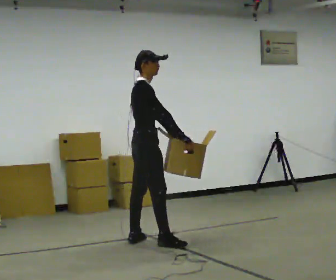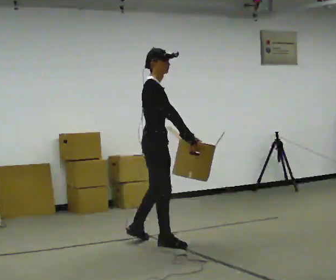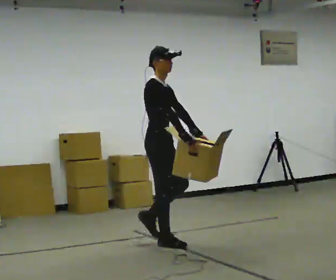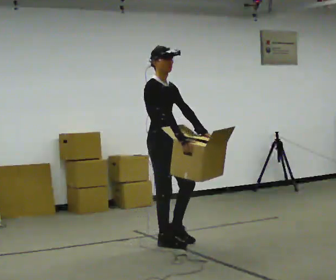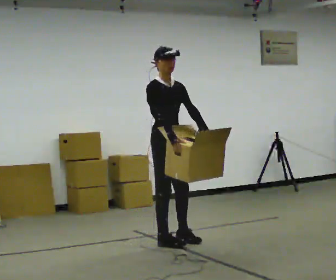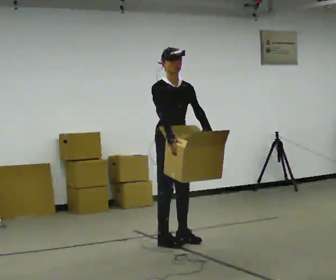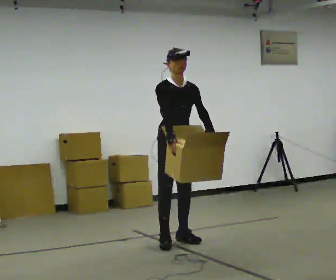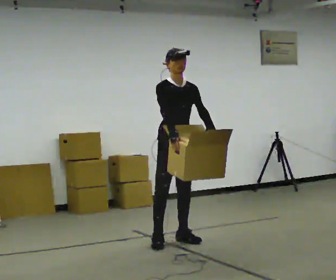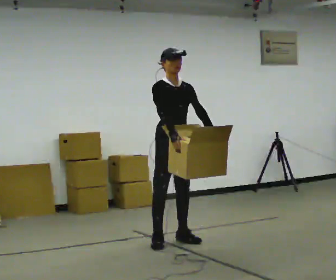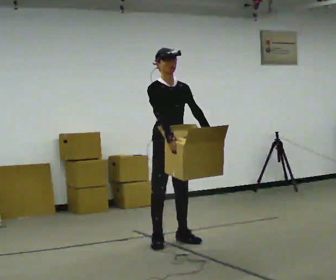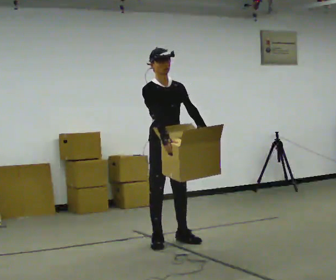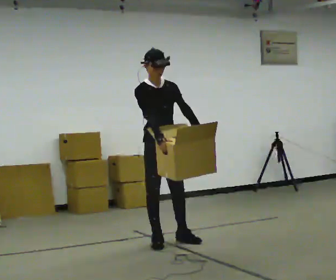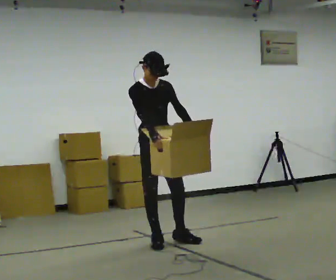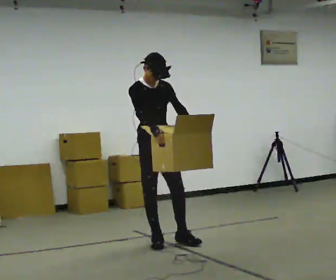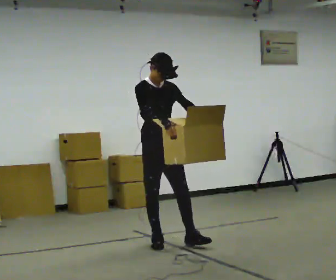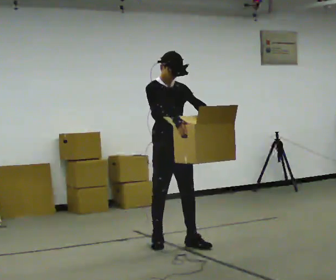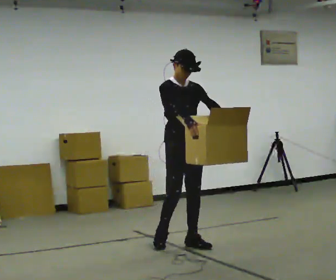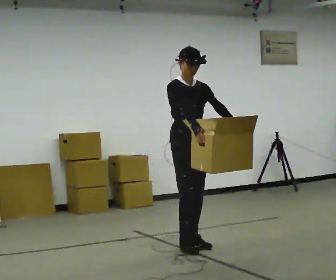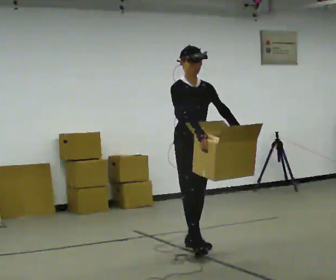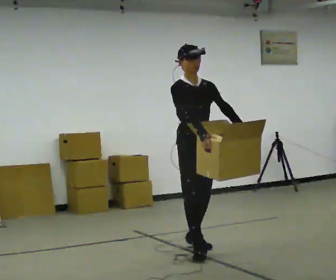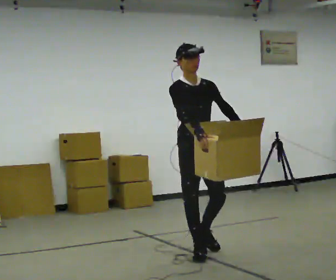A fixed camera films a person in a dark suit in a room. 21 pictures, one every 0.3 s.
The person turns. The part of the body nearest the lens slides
to the left.
The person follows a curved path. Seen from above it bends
clockwise.
0.0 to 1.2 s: The part of the body nearest the lens slides to the left as the person turns to their right by about 60 degrees. In the picture they go to the right, about 0.25 m in 1 step, which for them is forward.
1.2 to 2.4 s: The person moves a little, or ends about where they began.
2.4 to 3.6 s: In the picture they go to the left, about 0.25 m, which for them is to their right.
3.6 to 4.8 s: In the picture they go to the right, about 0.25 m in 1 step, which for them is forward and to their left.
4.8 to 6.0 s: In the picture they go toward the camera, about 0.5 m in 1 step, which for them is forward.
The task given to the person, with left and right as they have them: Carry the object across the room. The lid hangs loose and will swing, so carry it however works. Keep going until the operator says stop; one object at a time, and do not rush between trips.
The film runs forward here.
